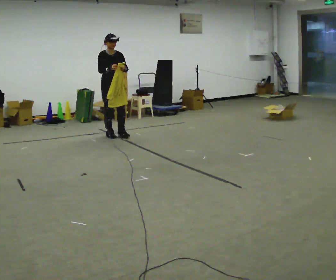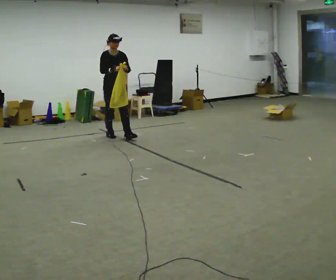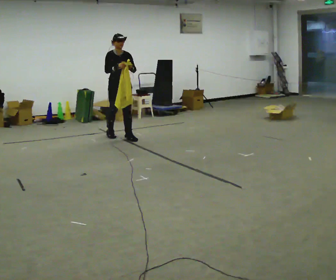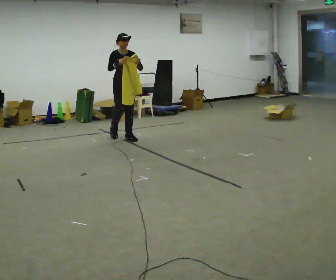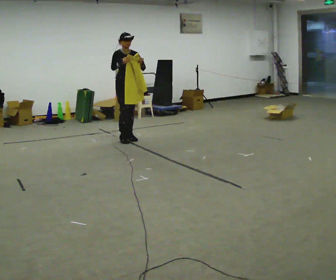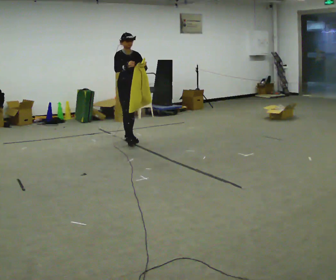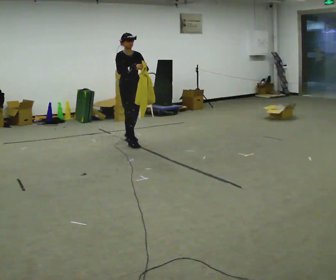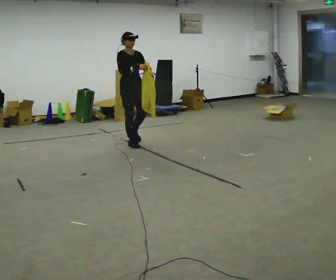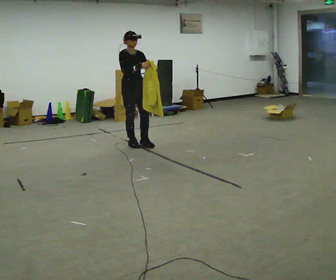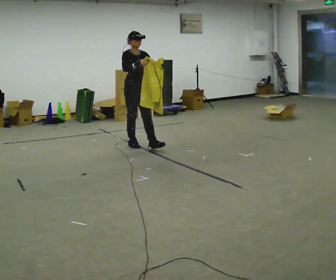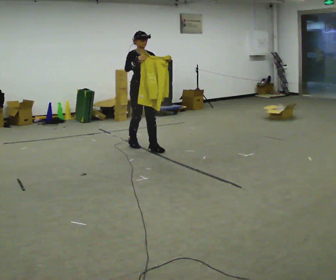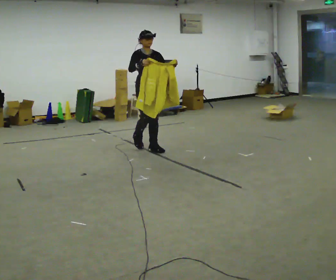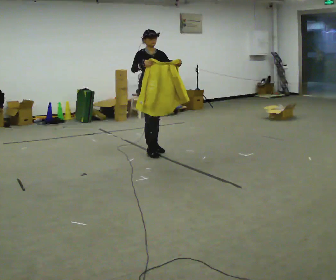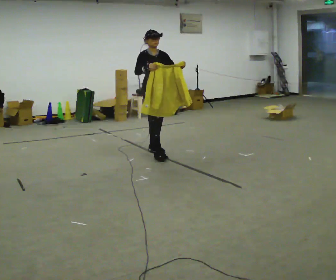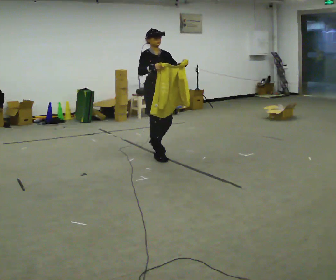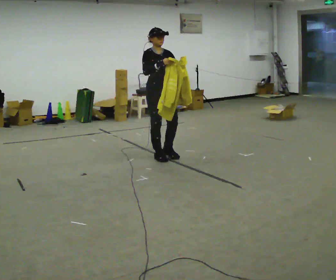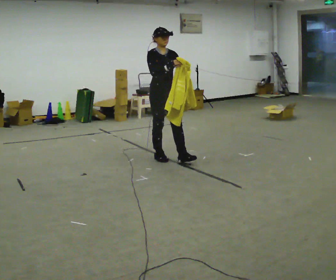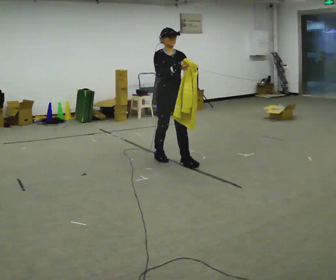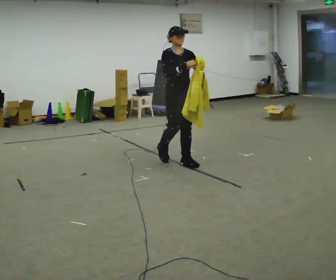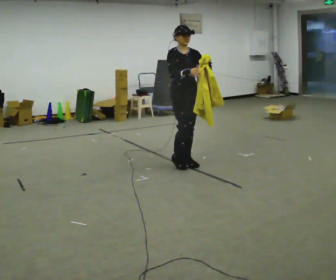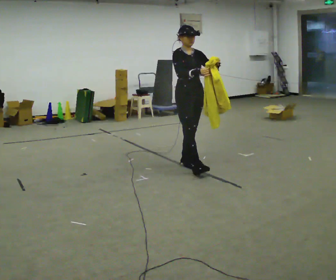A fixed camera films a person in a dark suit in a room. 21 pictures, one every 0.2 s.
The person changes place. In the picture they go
toward the camera.
0.0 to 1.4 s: In the picture they go toward the camera and to the right, about 0.75 m in 2 steps, which for them is forward.
1.4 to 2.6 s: In the picture they go toward the camera and to the right, about 0.5 m in 2 steps, which for them is forward.
2.6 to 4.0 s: In the picture they go toward the camera and to the right, about 0.5 m in 1 step, which for them is forward.
The film runs forward here.
